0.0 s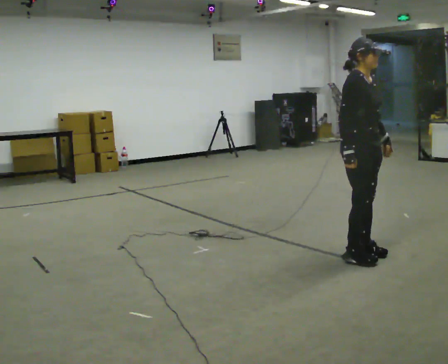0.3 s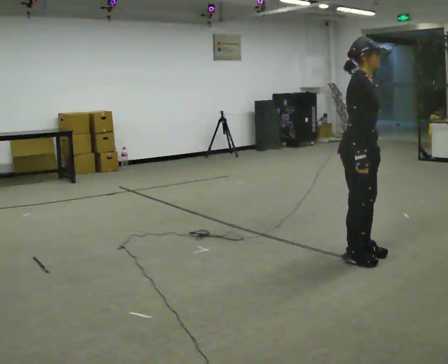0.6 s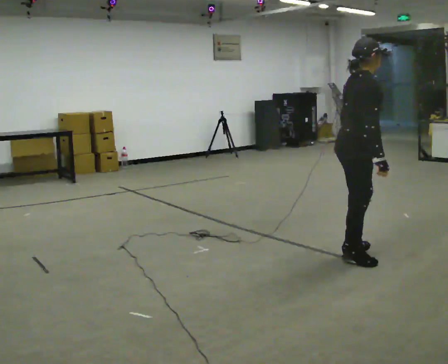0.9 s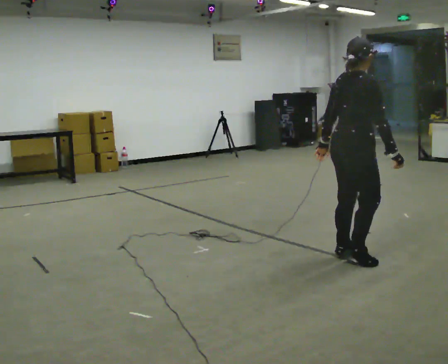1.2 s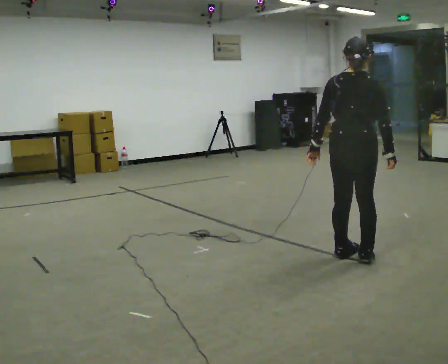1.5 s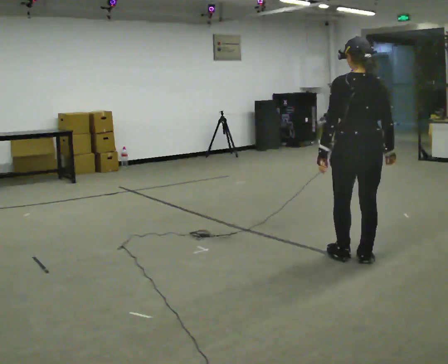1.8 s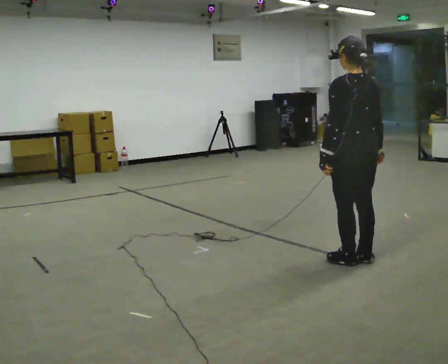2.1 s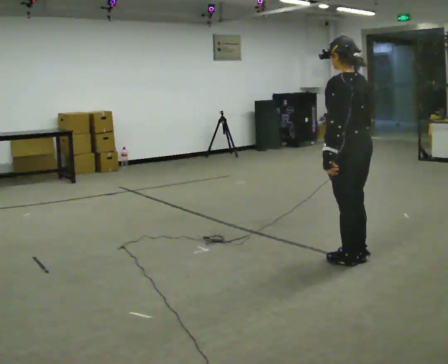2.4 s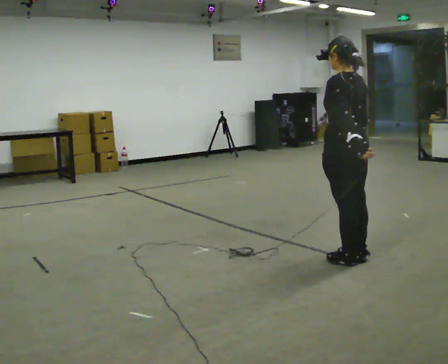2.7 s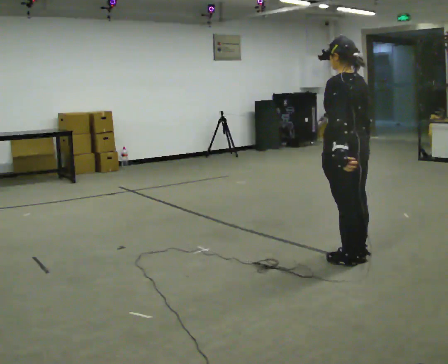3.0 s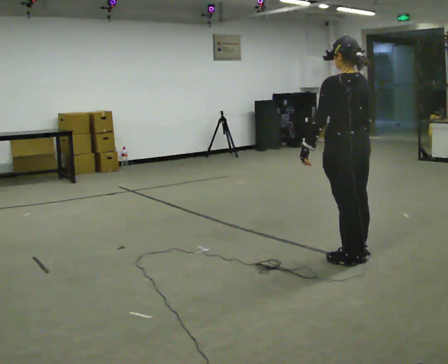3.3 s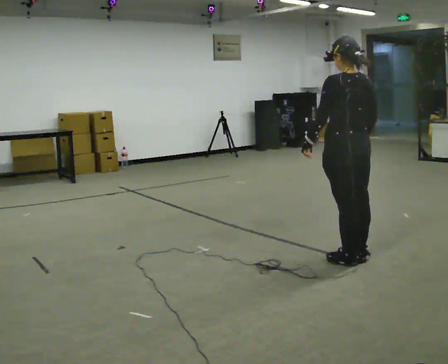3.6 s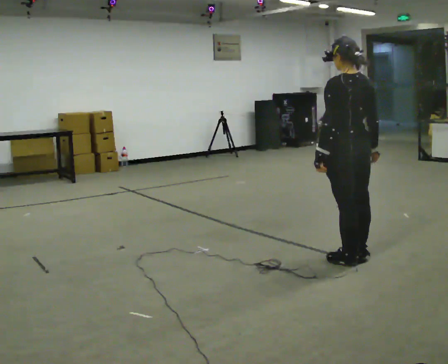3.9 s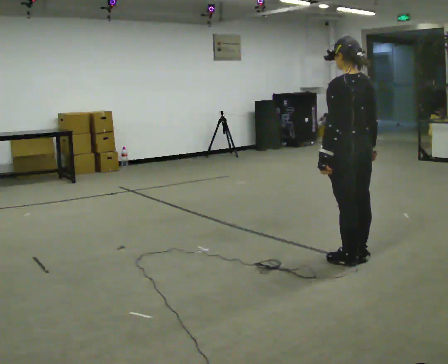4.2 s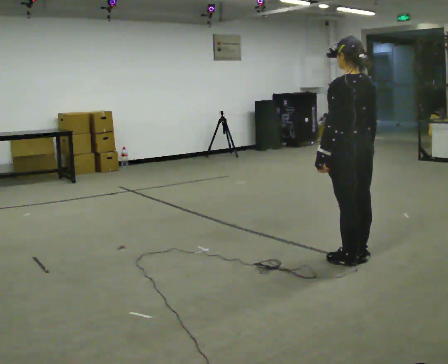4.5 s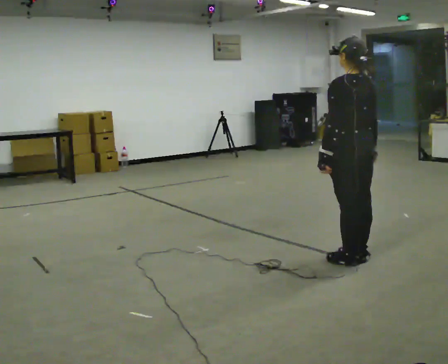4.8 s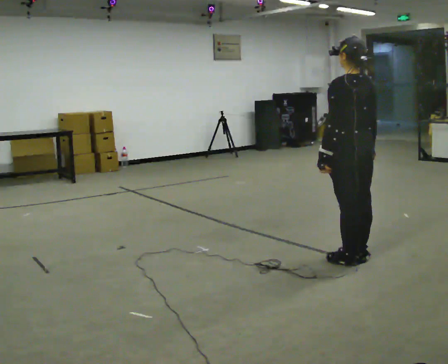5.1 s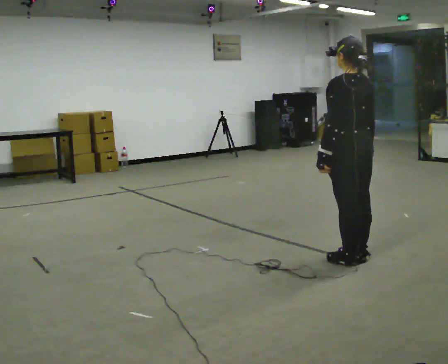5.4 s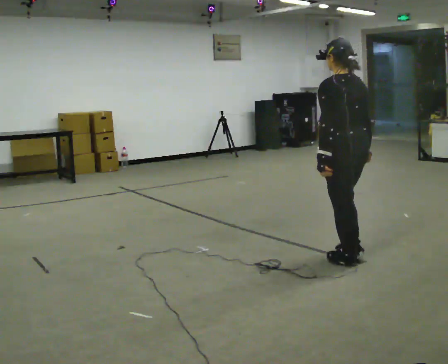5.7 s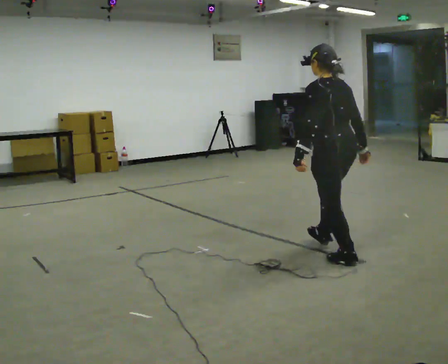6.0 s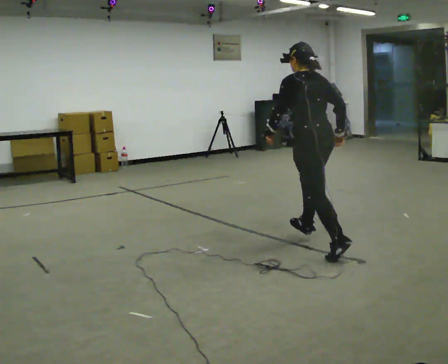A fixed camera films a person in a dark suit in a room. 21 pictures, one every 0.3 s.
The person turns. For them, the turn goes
to their left.
The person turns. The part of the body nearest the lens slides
to the right.
0.0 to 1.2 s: The part of the body nearest the lens slides to the right as the person turns to their left by about 105 degrees. In the picture their left hand goes to the left, the arm swinging clockwise.
1.2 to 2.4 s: The part of the body nearest the lens slides to the right as the person turns to their left by about 75 degrees.
2.4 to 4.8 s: The person moves a little, or ends about where they began.
4.8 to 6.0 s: In the picture they go away from the camera and to the left, about 0.5 m, which for them is forward.
The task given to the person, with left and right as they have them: Run forward with long exaggerated bounding strides, spending as long in the air as you comfortably can.
The film runs forward here.
